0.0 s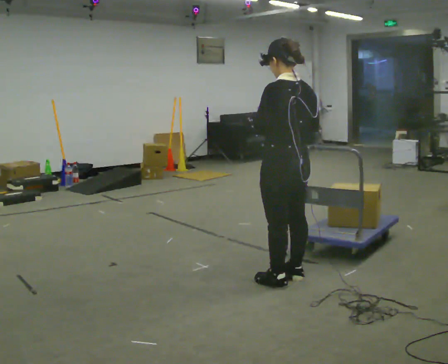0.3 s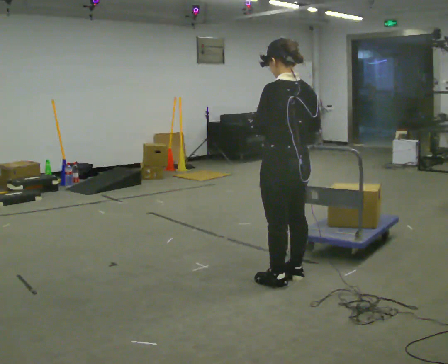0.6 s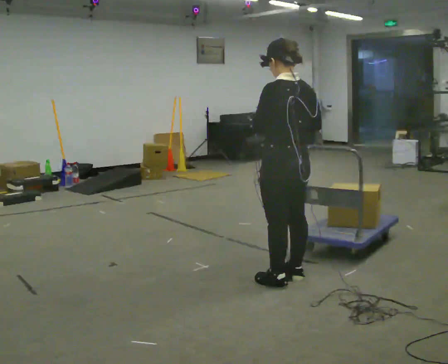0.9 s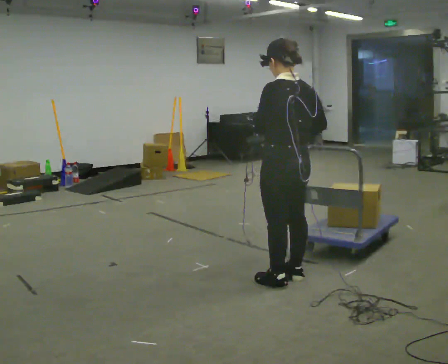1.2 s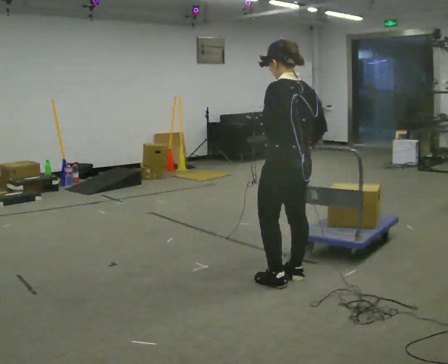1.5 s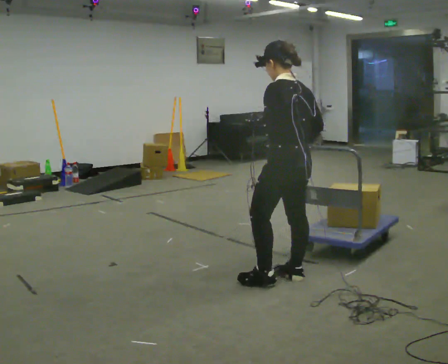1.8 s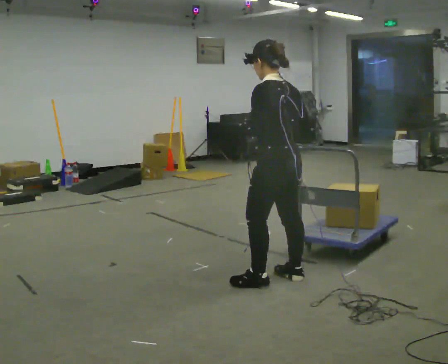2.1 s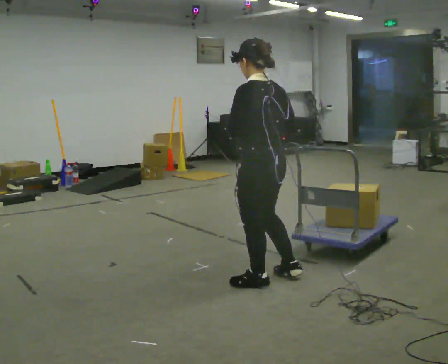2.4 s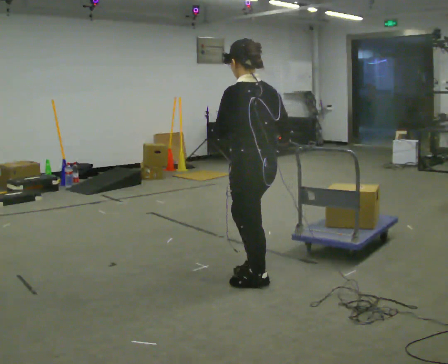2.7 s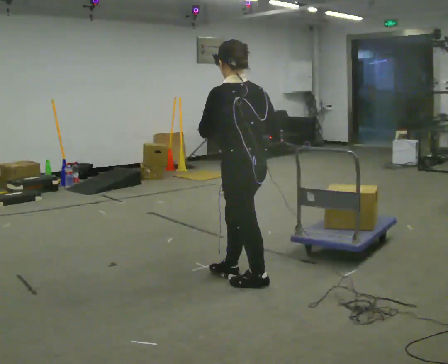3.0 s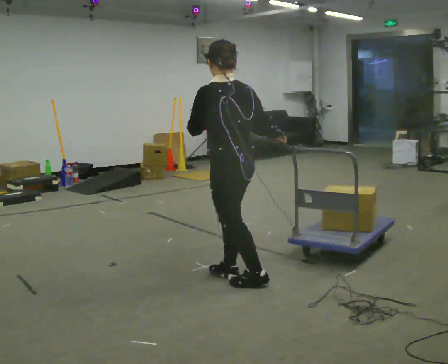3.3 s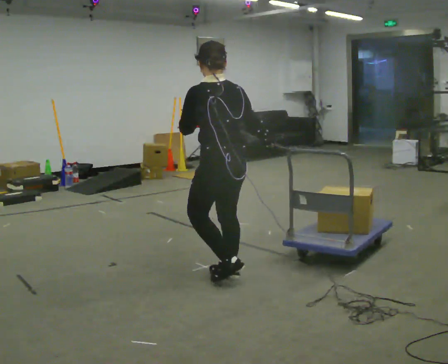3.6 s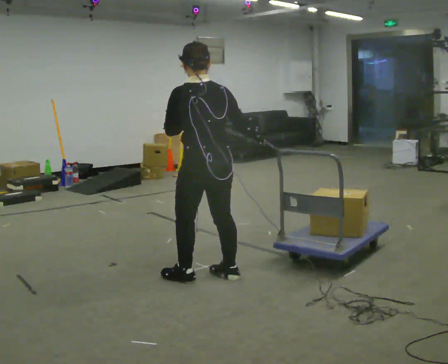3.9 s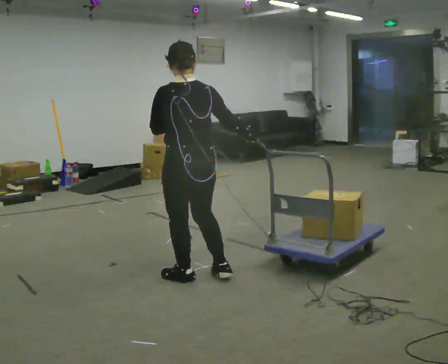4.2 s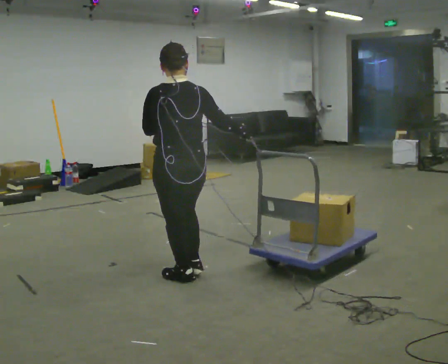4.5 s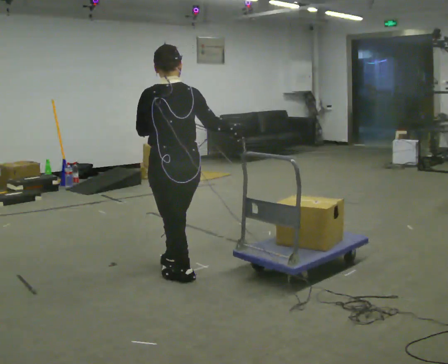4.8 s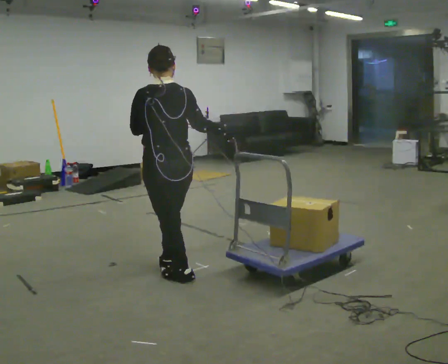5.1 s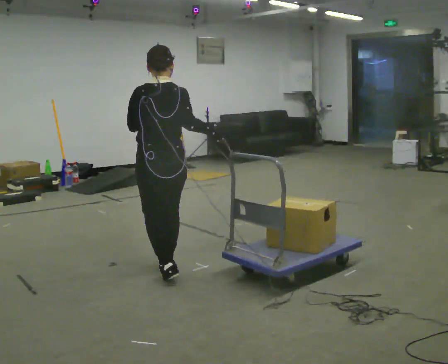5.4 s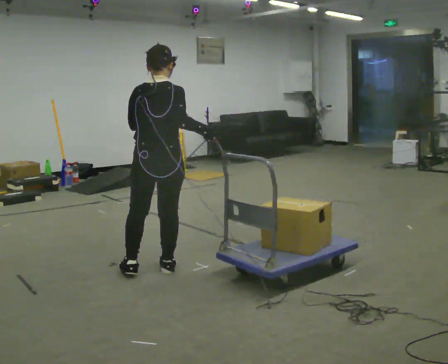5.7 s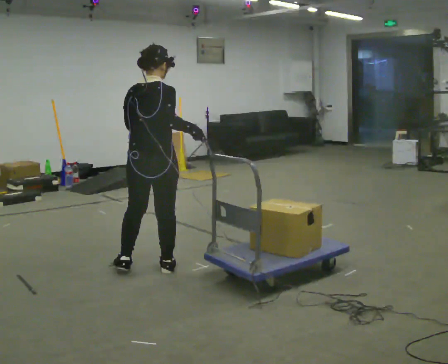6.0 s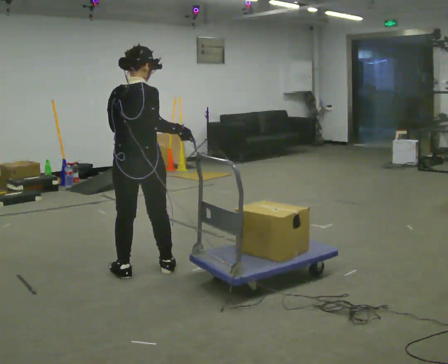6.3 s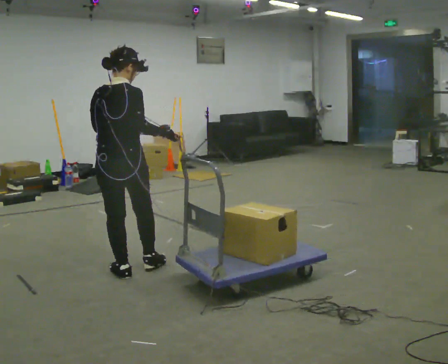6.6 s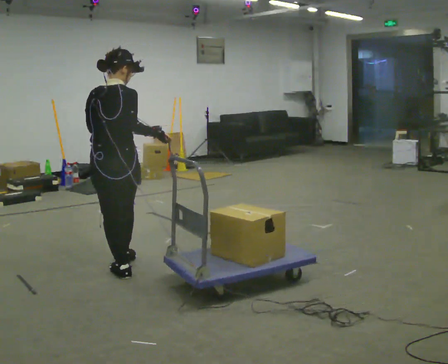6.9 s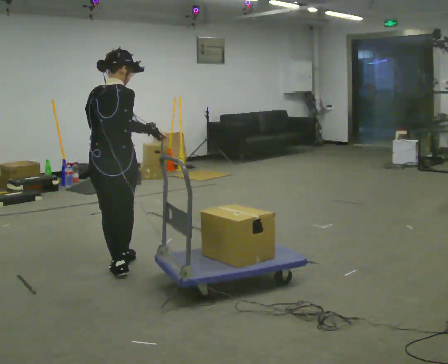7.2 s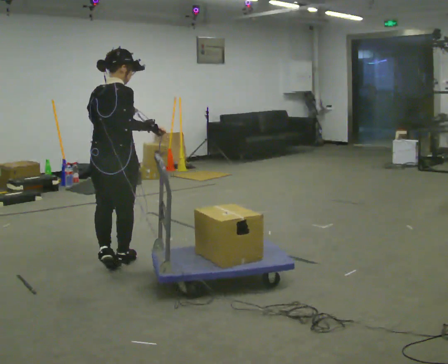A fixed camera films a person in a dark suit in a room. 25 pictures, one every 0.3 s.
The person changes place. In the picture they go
to the left.
0.0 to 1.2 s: The person moves a little, or ends about where they began.
1.2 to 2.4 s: In the picture they go to the left, about 0.25 m, which for them is to their left and forward.
2.4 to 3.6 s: In the picture they go to the left and away from the camera, about 0.25 m in 2 steps, which for them is forward.
3.6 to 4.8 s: In the picture they go to the left, about 0.25 m in 1 step, which for them is to their left.
4.8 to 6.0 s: The part of the body nearest the lens slides to the left as the person turns to their right by about 30 degrees. In the picture they go to the left, about 0.25 m in 1 step, which for them is to their left.
6.0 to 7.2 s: In the picture they go to the left, about 0.25 m in 1 step, which for them is to their left and forward.
The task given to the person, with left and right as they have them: Hold the rope in both hands and drag the sled towards you as you walk backward. The operator will confirm the space behind you is clear.
The film runs forward here.
